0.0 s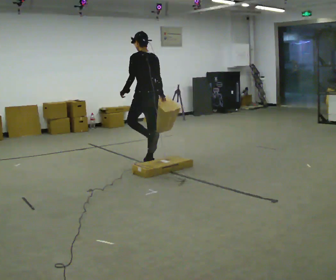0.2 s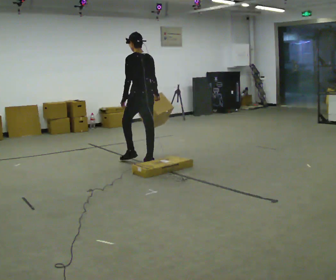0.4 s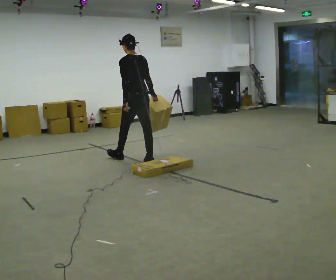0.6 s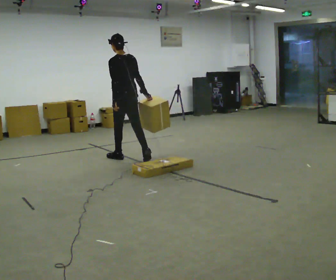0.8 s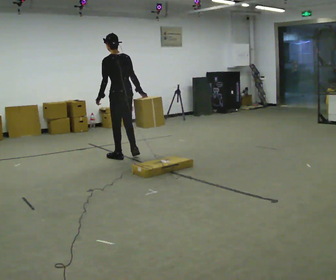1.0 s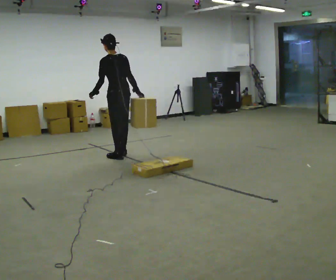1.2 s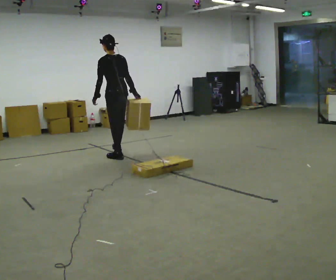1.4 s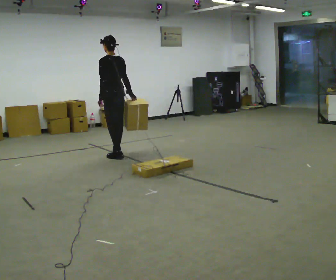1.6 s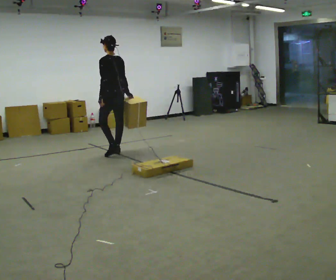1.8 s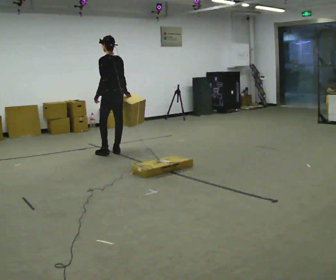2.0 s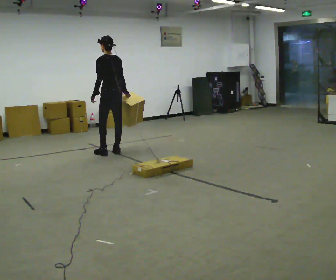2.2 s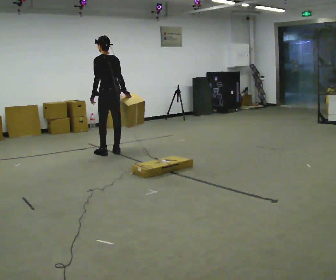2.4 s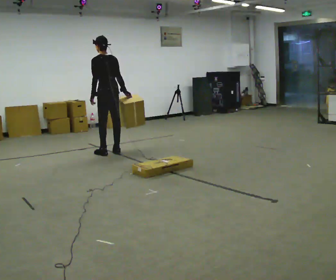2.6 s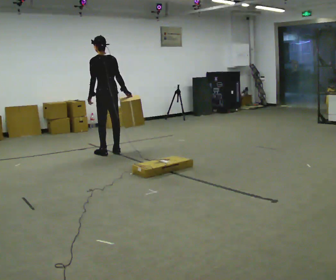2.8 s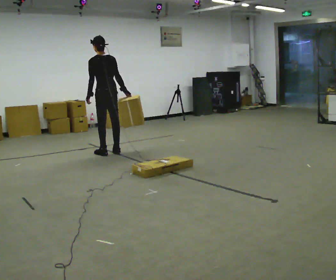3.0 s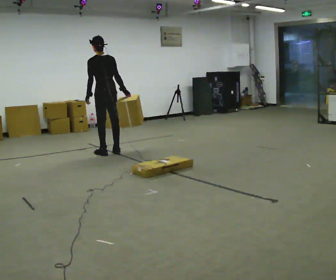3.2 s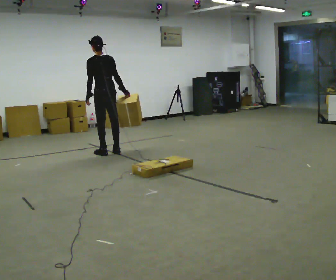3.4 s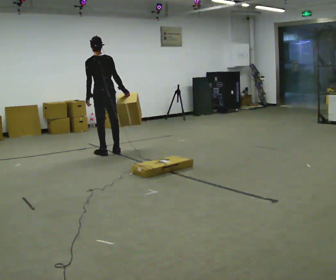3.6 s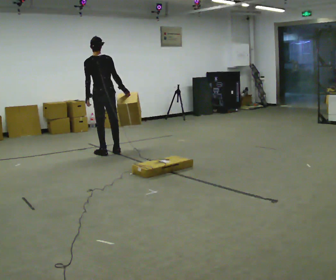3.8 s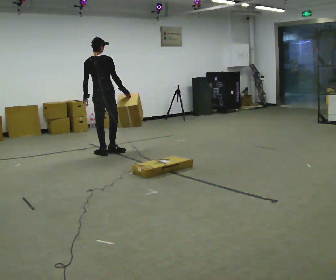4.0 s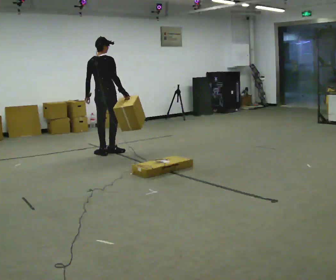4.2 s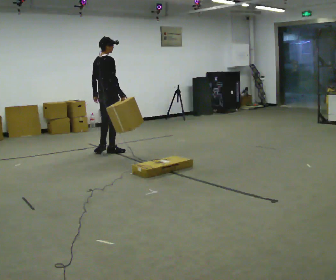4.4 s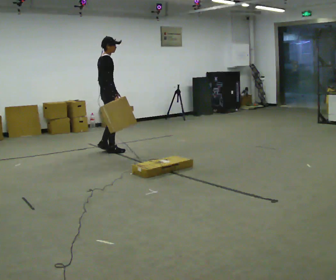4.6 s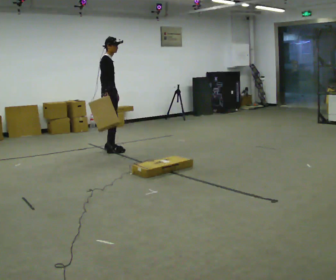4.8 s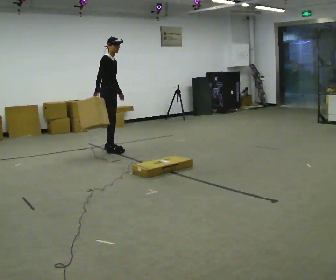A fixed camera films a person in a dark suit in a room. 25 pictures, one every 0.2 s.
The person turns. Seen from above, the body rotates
clockwise.
The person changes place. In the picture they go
away from the camera.
0.0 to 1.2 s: In the picture they go away from the camera and to the left, about 0.5 m in 2 steps, which for them is forward.
1.2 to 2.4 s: In the picture they go away from the camera, about 0.25 m in 1 step, which for them is forward.
2.4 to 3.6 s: The person moves a little, or ends about where they began.
3.6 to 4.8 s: Seen from above the body turns clockwise, about 120 degrees: to their right, with its near side sliding to the left. In the picture they go away from the camera, about 0.25 m in 2 steps.
The film runs forward here.
